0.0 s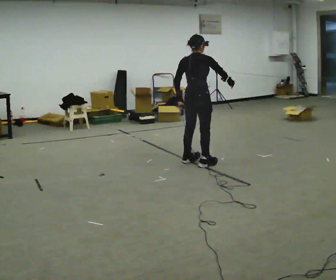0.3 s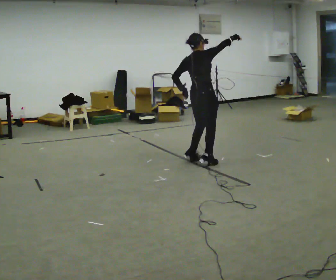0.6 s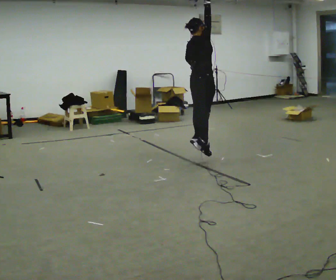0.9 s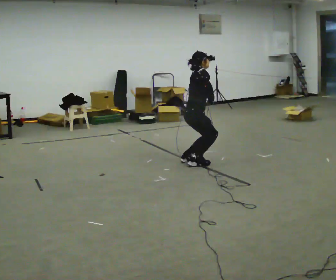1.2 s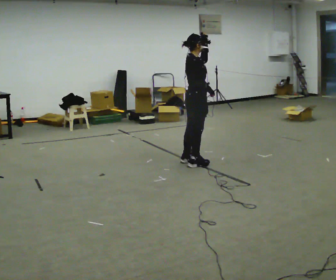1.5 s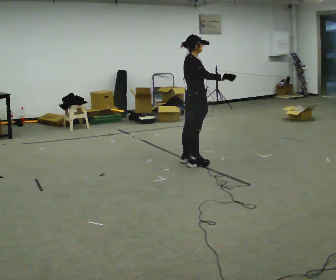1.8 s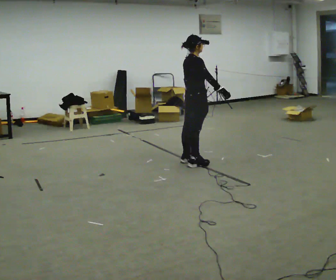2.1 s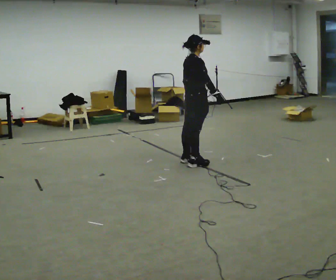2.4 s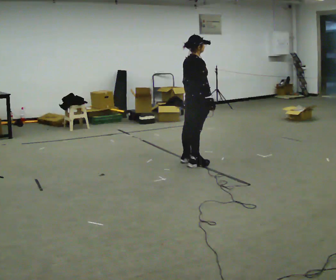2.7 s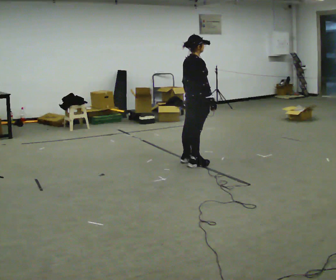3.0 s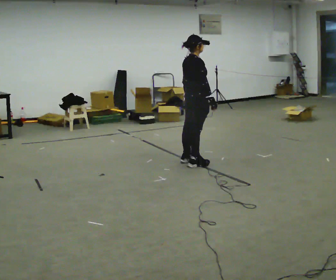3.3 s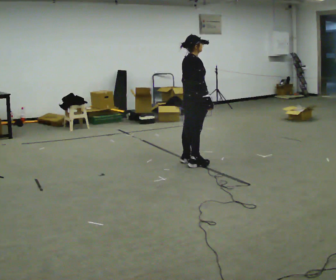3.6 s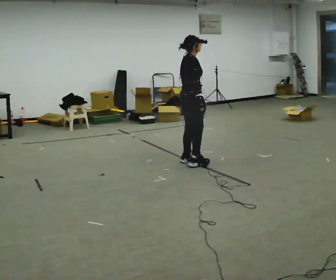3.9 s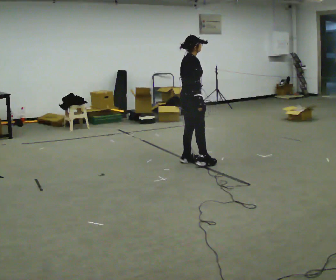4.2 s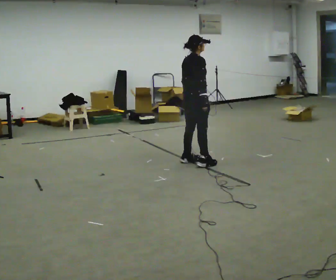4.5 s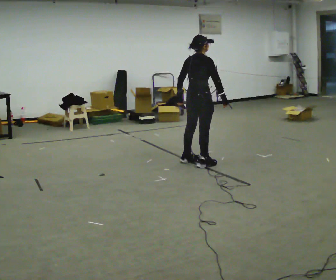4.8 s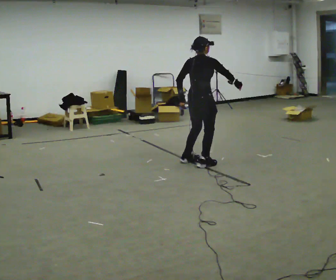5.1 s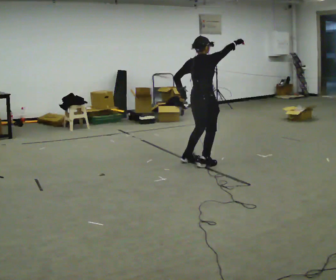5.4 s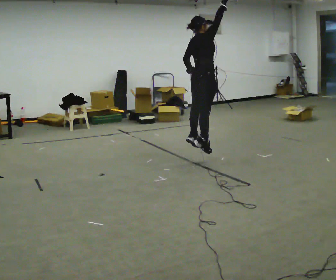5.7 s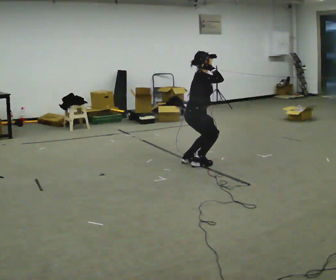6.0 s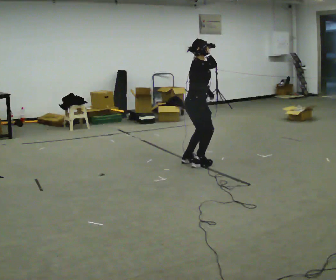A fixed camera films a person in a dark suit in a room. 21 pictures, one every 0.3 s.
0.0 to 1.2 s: Seen from above the body turns clockwise, about 45 degrees: to their right, with its near side sliding to the left. In the picture their right hand goes to the left and upward.
1.2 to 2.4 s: In the picture their right hand goes downward.
2.4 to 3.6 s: The person moves a little, or ends about where they began.
3.6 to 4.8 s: The part of the body nearest the lens slides to the right as the person turns to their left by about 30 degrees. In the picture their right hand goes to the right.
4.8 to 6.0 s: The person turns about 45 degrees to their right, clockwise seen from above, so the part of the body nearest the lens slides to the left. In the picture their right hand goes to the left.
The film runs backward here.
